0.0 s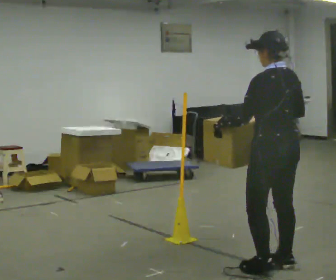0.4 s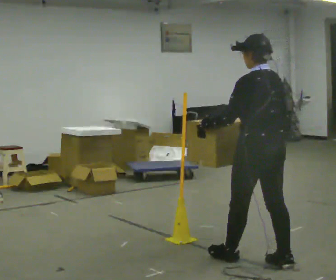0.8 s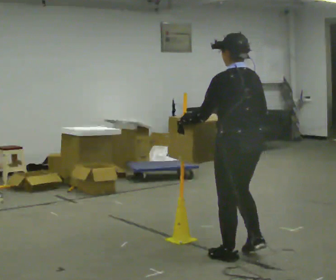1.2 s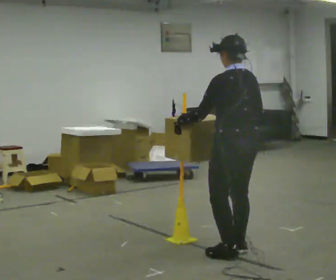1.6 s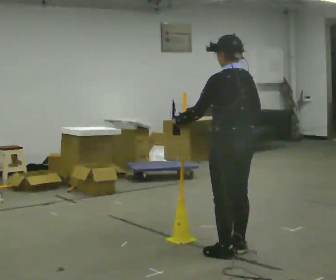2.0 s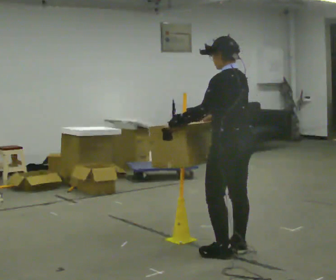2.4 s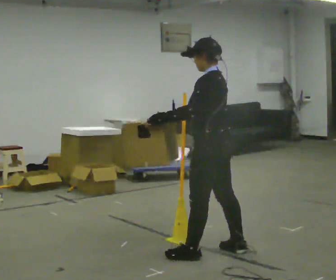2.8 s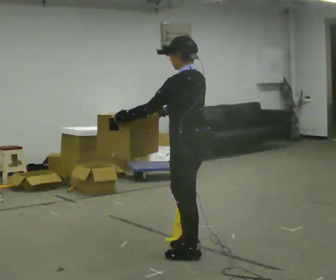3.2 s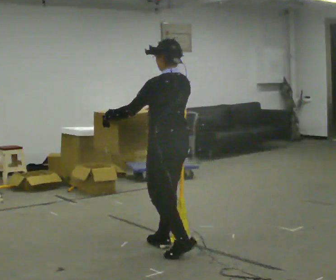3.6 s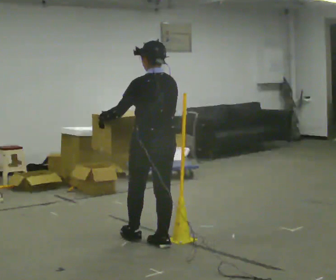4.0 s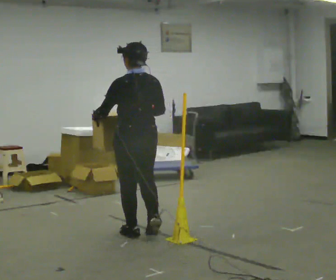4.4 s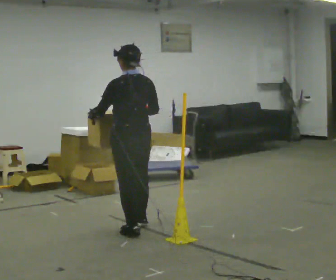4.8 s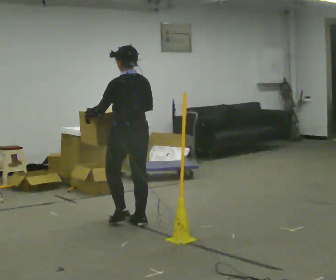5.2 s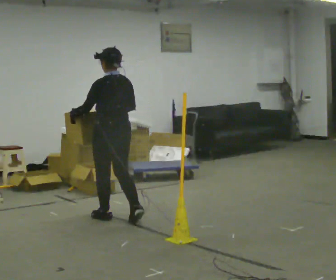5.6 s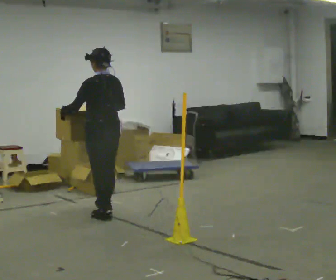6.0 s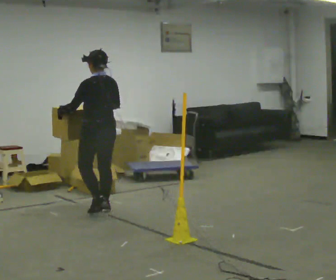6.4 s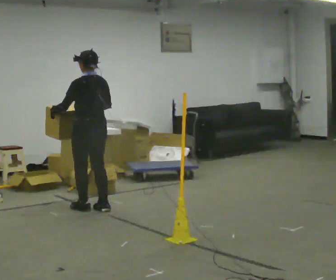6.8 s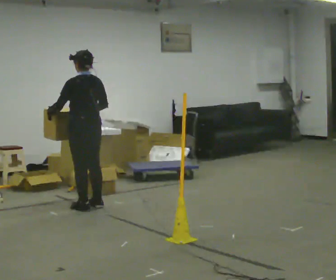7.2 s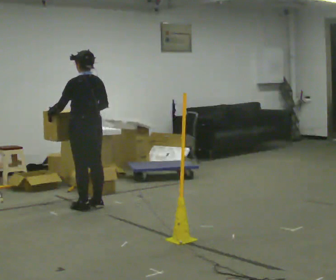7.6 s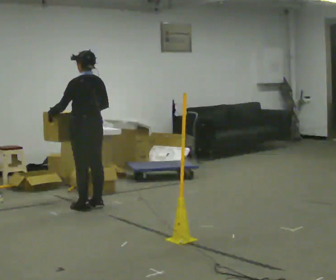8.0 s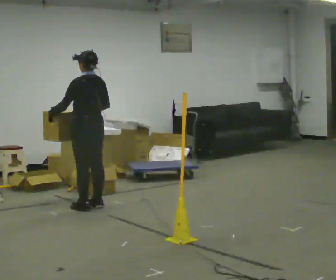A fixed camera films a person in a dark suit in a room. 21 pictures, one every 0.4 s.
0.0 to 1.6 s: In the picture they go away from the camera and to the left, about 0.5 m in 2 steps, which for them is forward.
1.6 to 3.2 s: In the picture they go to the left and away from the camera, about 0.5 m in 2 steps, which for them is forward.
3.2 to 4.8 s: In the picture they go away from the camera, about 1 m in 2 steps, which for them is forward.
4.8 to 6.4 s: In the picture they go away from the camera and to the left, about 0.5 m in 3 steps, which for them is forward.
6.4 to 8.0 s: The person moves a little, or ends about where they began.
The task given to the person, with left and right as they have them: Carry the box across the room. The operator will step into your path partway across, so go around them and carry on. Keep going until the operator says stop; one object at a time, and do not rush between trips.
The film runs forward here.
